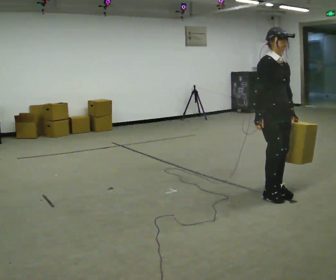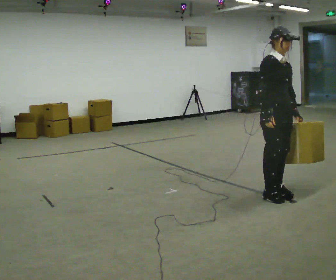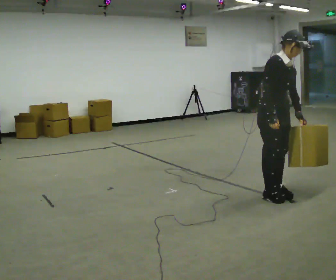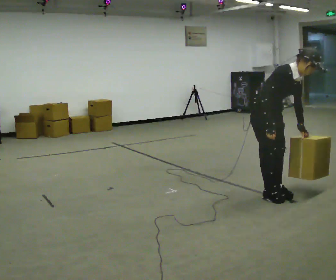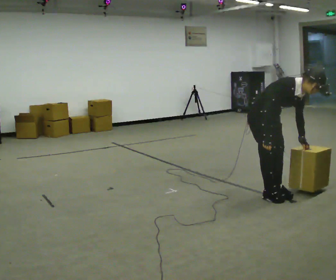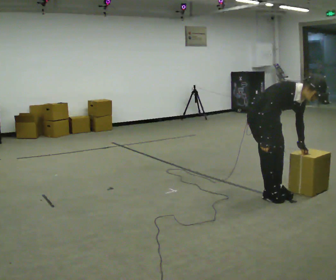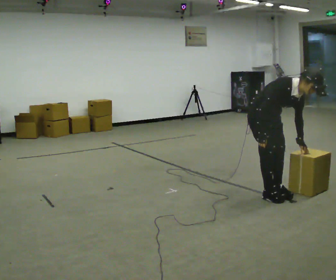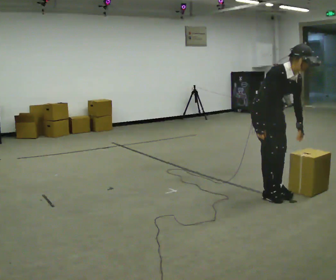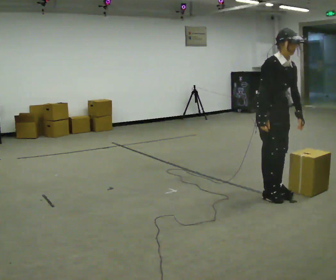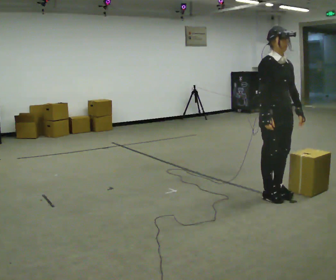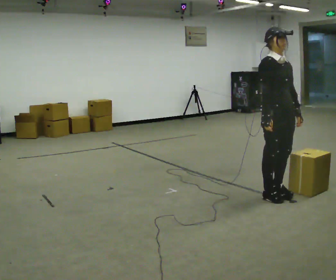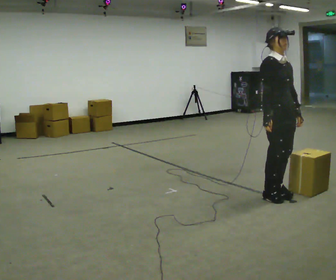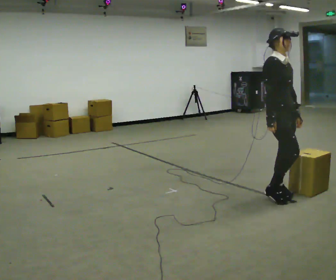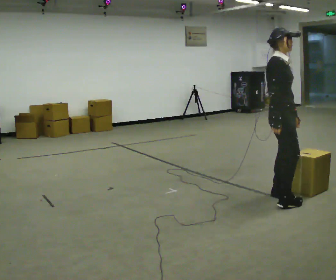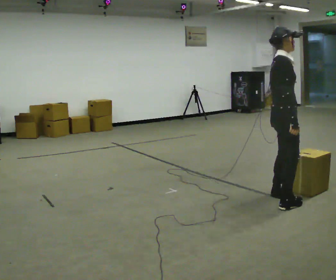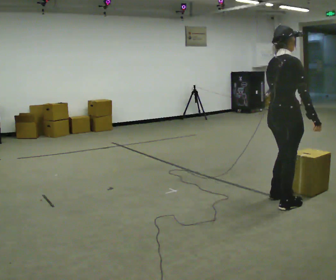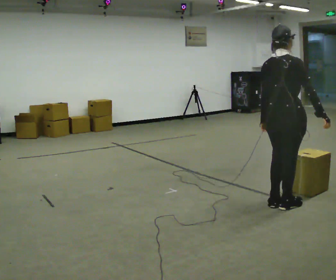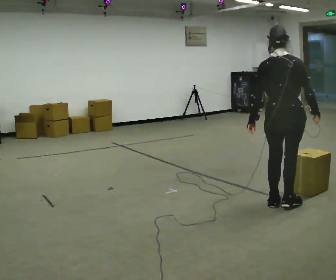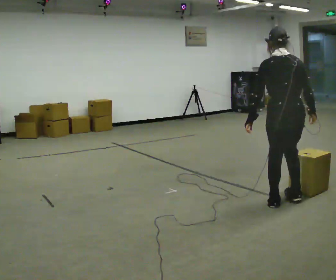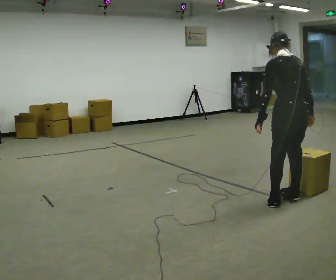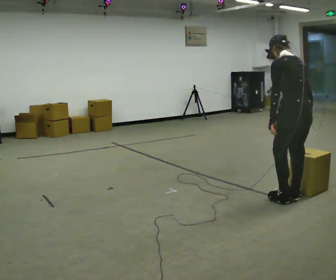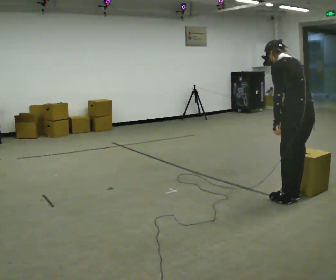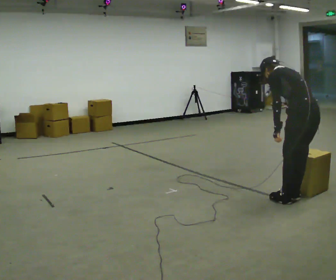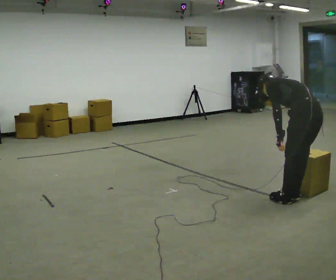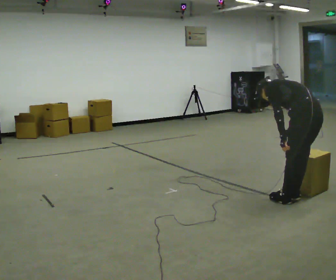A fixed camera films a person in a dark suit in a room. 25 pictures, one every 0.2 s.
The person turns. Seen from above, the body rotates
counterclockwise.
The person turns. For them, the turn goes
to their left.
0.0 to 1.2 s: The shoulders move downward. In the picture the upper body tilts clockwise, shoulders to the right, as they bend forward.
1.2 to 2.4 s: The upper body goes upward. In the picture the upper body tilts counterclockwise, shoulders to the left, as they lean back or straighten.
2.4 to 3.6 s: Seen from above the body turns counterclockwise, about 135 degrees: to their left, with its near side sliding to the right. In the picture they go toward the camera, about 0.25 m in 2 steps. In the picture their right hand goes to the right.
3.6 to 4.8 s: Seen from above the body turns counterclockwise, about 30 degrees: to their left, with its near side sliding to the right. In the picture they go to the right, about 0.25 m in 2 steps, which for them is to their right and backward. The upper body goes downward. The upper body tips away from the camera, its near side rolling upward, as they bend forward.
The film runs forward here.
